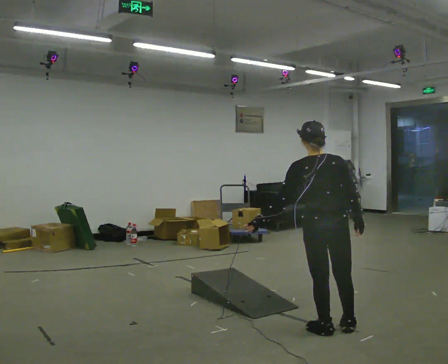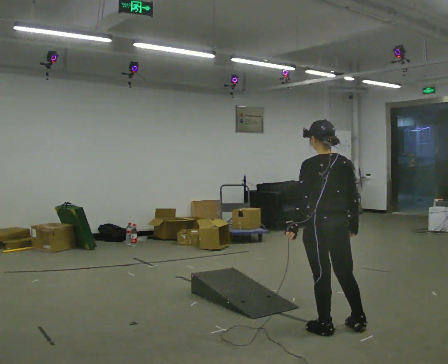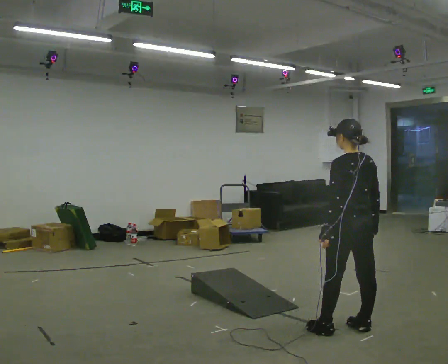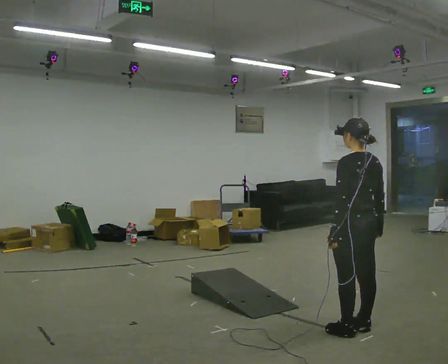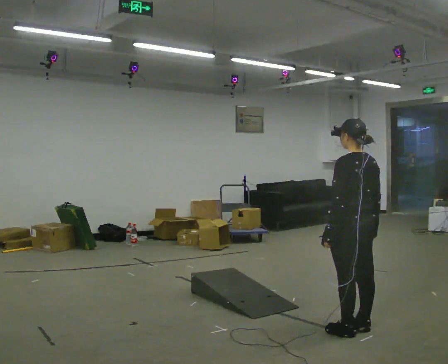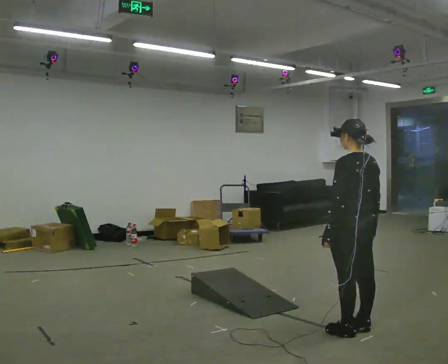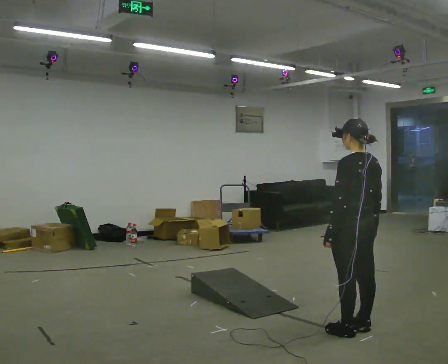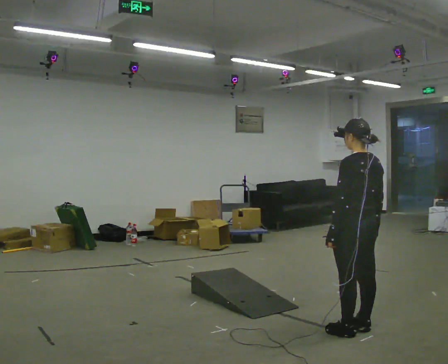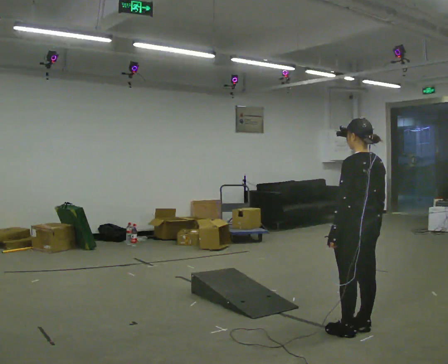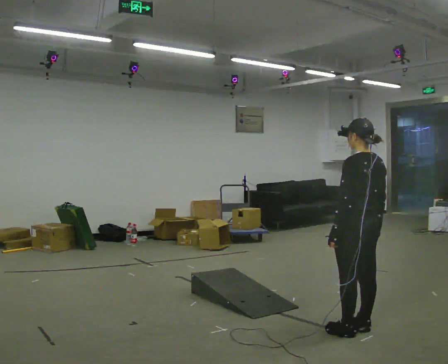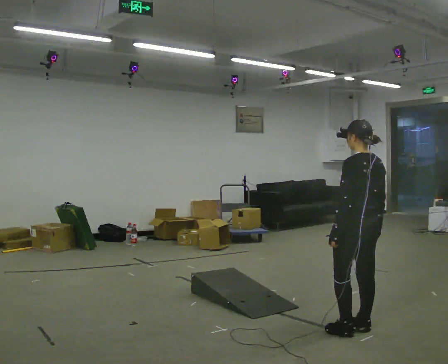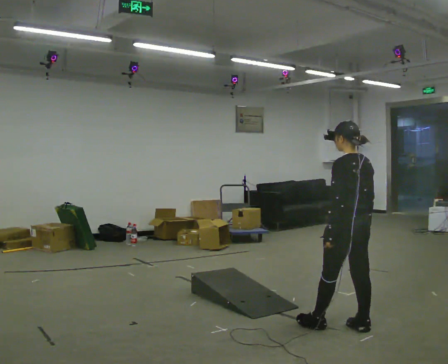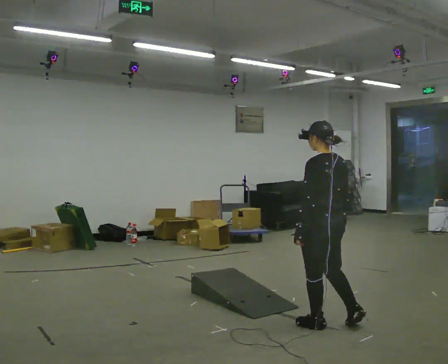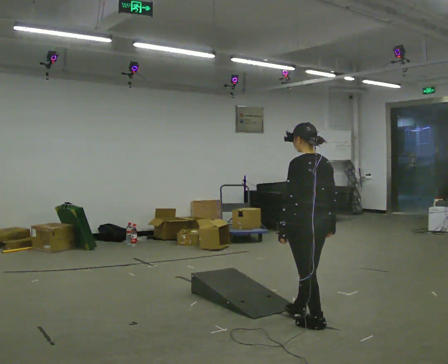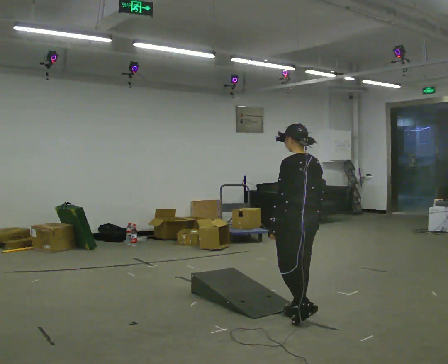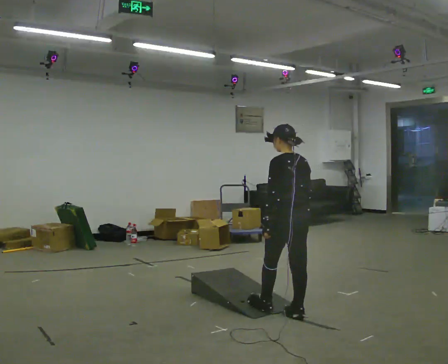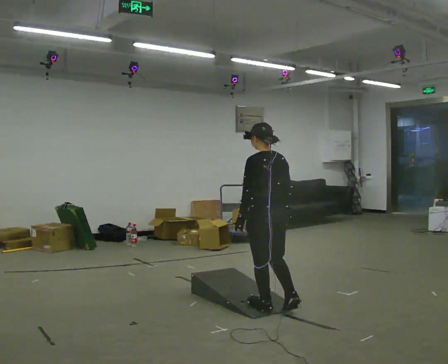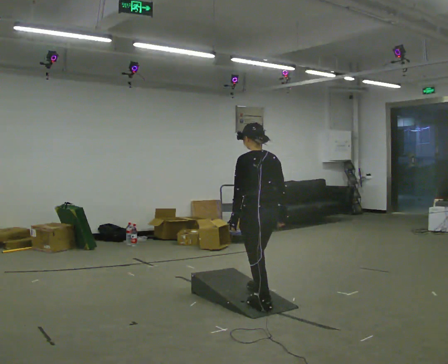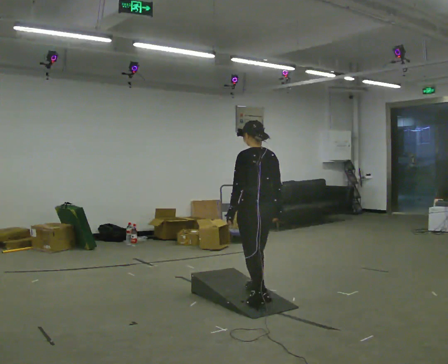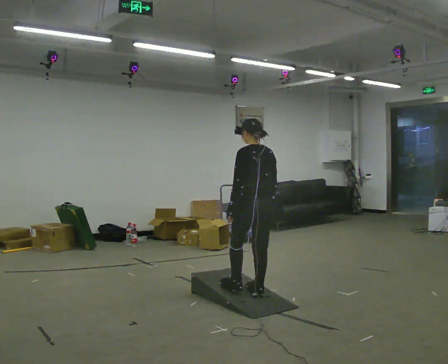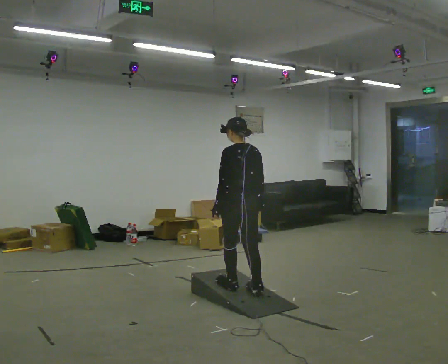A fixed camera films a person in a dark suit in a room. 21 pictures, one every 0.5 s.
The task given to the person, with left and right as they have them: Walk up the ramp, turn at the top, and walk back down at a comfortable speed.
0.0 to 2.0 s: The part of the body nearest the lens slides to the right as the person turns to their left by about 30 degrees. In the picture they go to the right, about 0.25 m in 1 step, which for them is backward and to their right. In the picture their left hand goes to the right.
2.0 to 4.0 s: The person moves a little, or ends about where they began.
4.0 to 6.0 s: In the picture they go to the left, about 0.25 m in 1 step, which for them is forward.
6.0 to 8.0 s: In the picture they go to the left and away from the camera, about 0.5 m in 2 steps, which for them is forward.
8.0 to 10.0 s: In the picture they go to the left and away from the camera, about 0.5 m in 2 steps, which for them is forward.
The film runs forward here.
